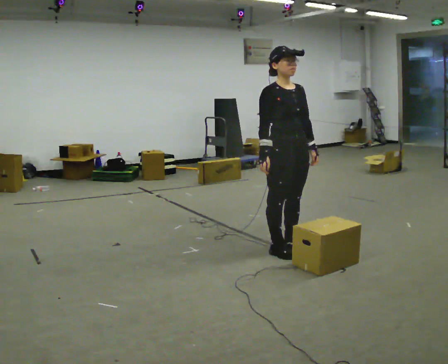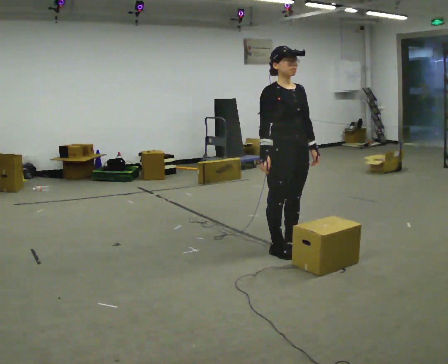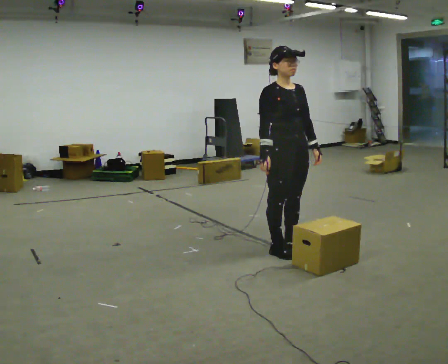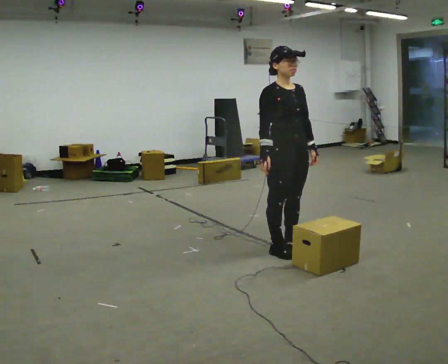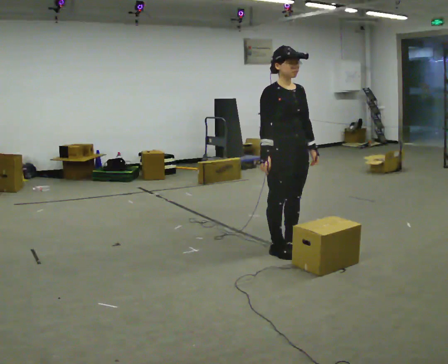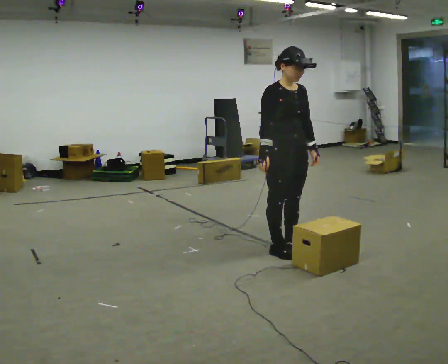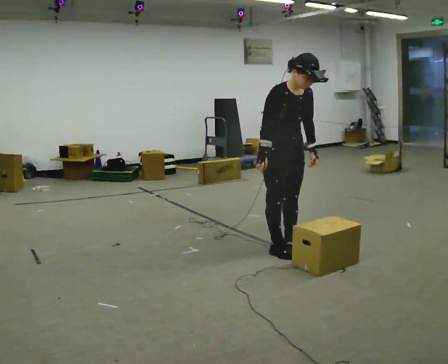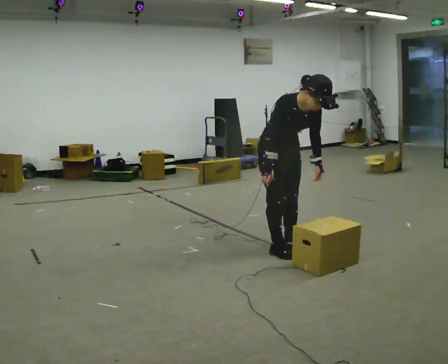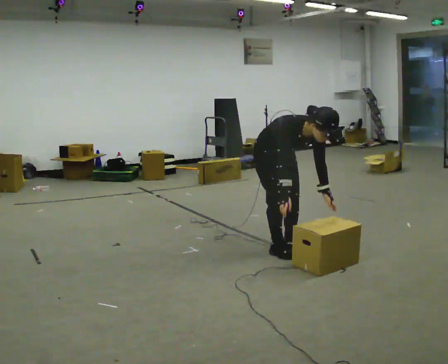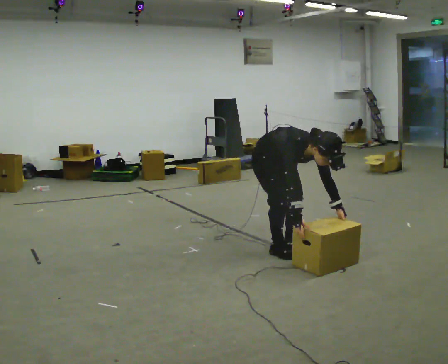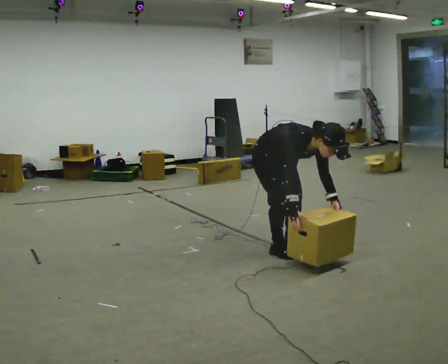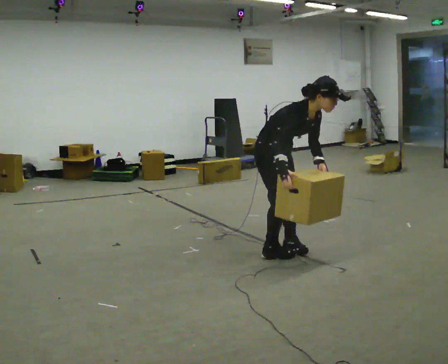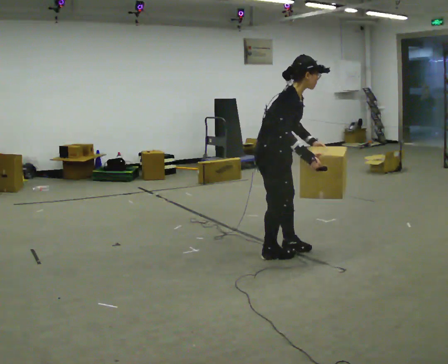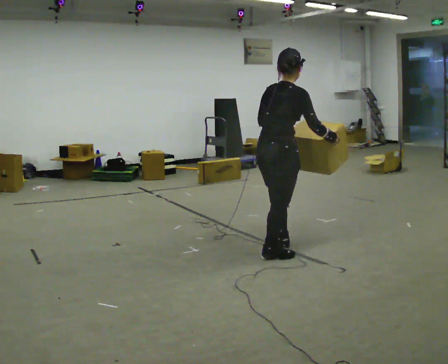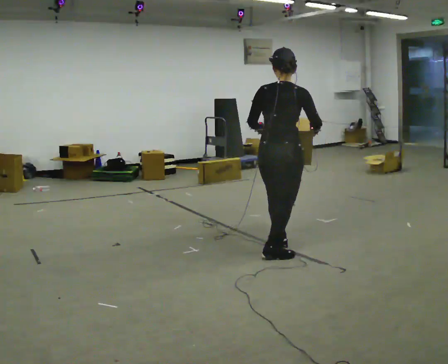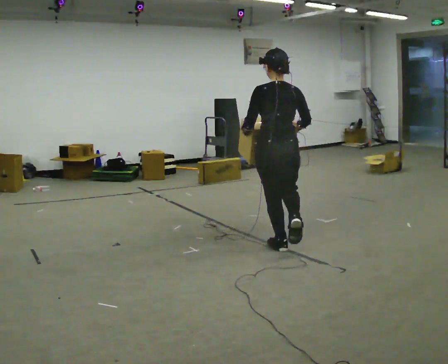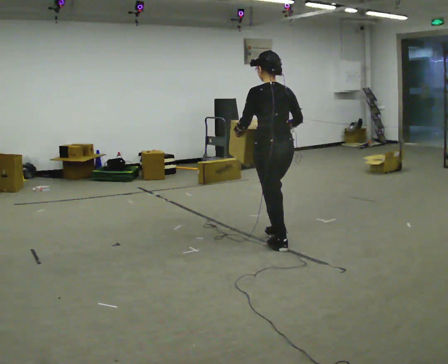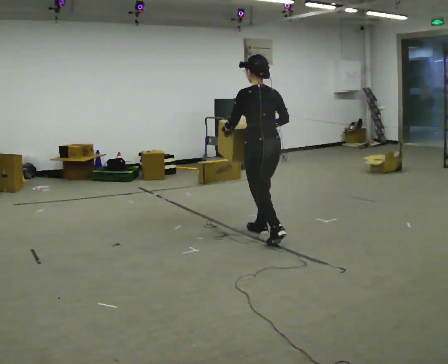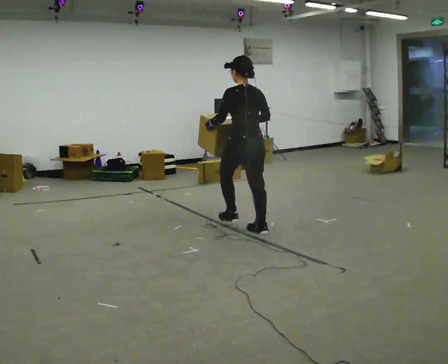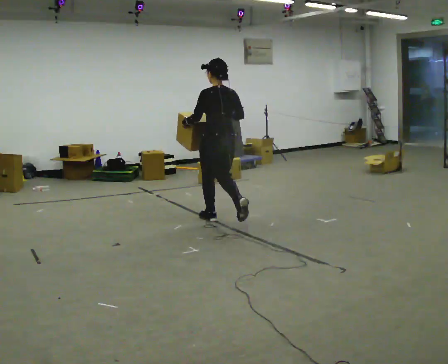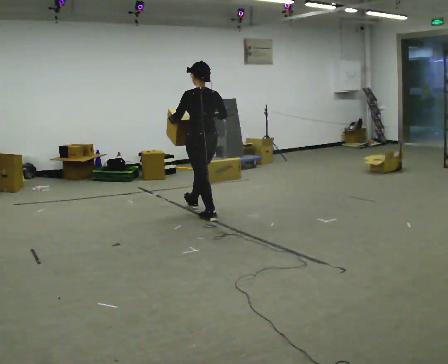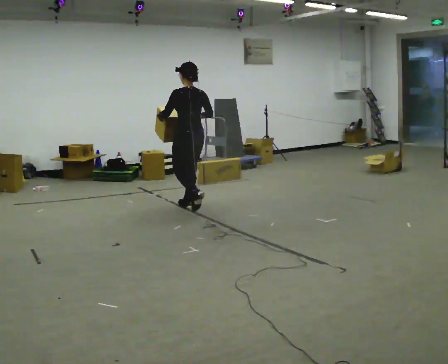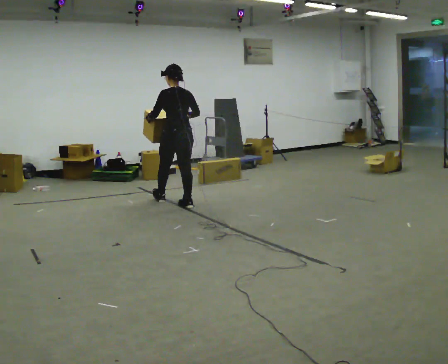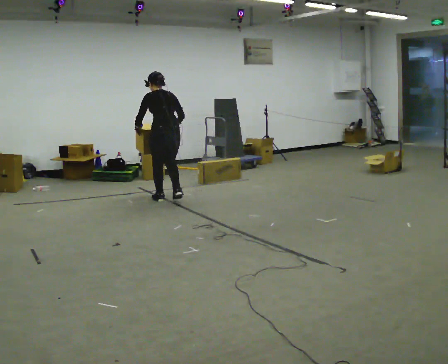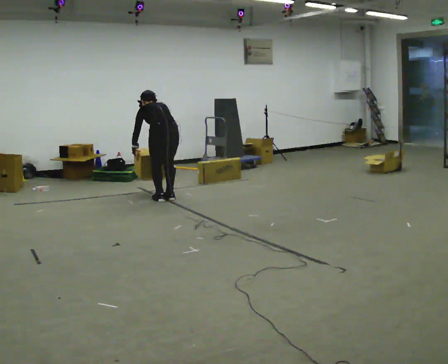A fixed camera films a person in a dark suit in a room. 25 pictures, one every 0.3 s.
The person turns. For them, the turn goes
to their left.
The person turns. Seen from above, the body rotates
counterclockwise.
0.0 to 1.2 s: The person moves a little, or ends about where they began.
1.2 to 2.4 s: The upper body goes downward. In the picture the upper body tilts clockwise, shoulders to the right, as they bend forward. In the picture their left hand goes downward.
2.4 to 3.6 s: The person turns about 45 degrees to their left, counterclockwise seen from above, so the part of the body nearest the lens slides to the right. In the picture they go toward the camera, about 0.25 m, which for them is to their right.
3.6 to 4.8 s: The person turns about 120 degrees to their left, counterclockwise seen from above, so the part of the body nearest the lens slides to the right. In the picture they go away from the camera, about 0.25 m. In the picture the upper body tilts counterclockwise, shoulders to the left, as they lean back or straighten.
4.8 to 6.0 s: In the picture they go away from the camera and to the left, about 1 m in 2 steps, which for them is forward.
6.0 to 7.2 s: In the picture they go to the left and away from the camera, about 1 m in 3 steps, which for them is forward. The shoulders move downward. The upper body tips away from the camera, its near side rolling upward, as they bend forward. In the picture their right hand goes downward.
The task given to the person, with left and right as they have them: Carry the box across the room as briskly as you comfortably can, back and forth. Do not run.
The film runs forward here.
